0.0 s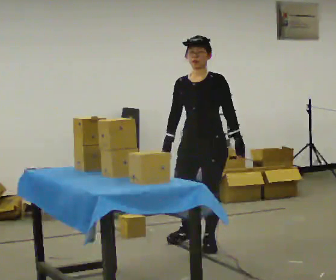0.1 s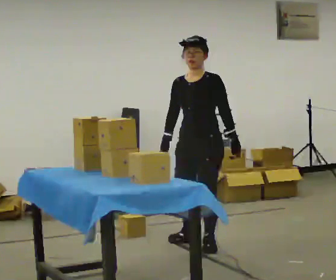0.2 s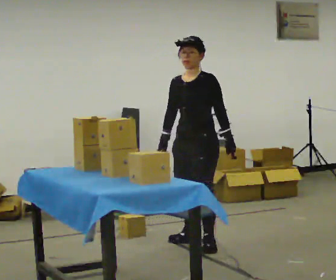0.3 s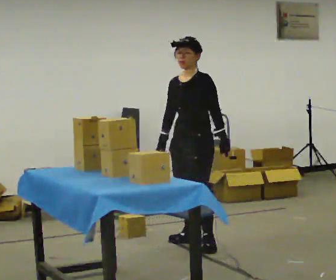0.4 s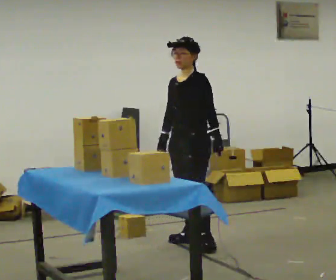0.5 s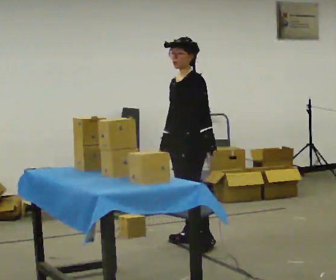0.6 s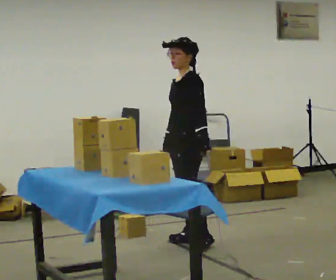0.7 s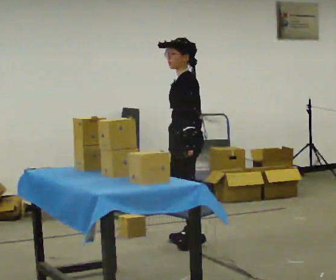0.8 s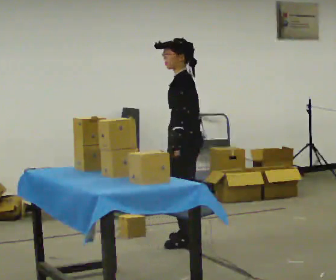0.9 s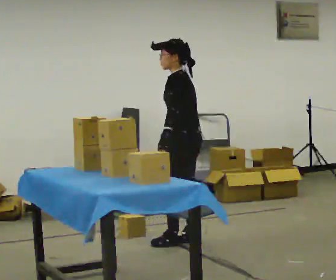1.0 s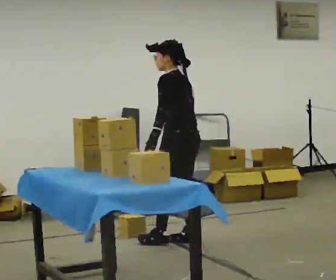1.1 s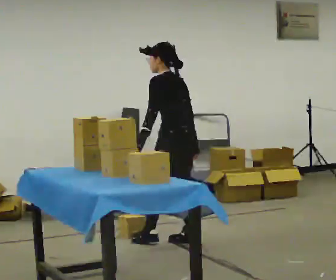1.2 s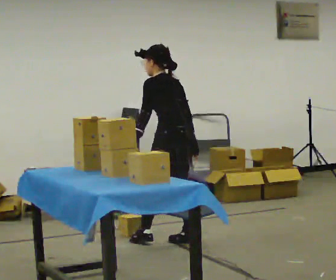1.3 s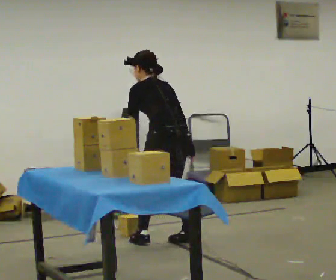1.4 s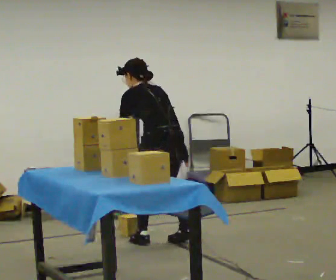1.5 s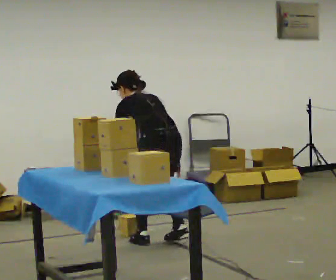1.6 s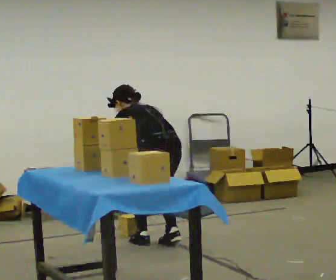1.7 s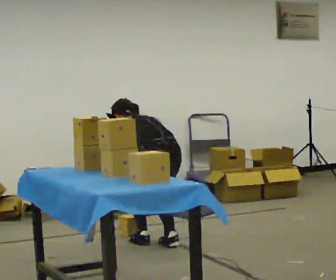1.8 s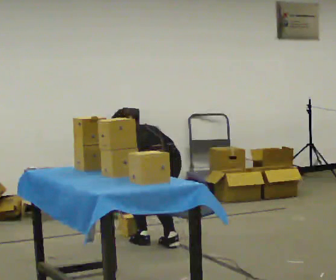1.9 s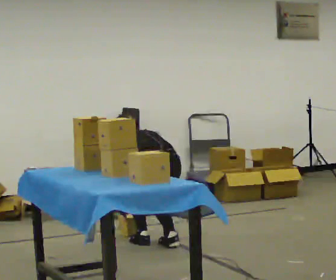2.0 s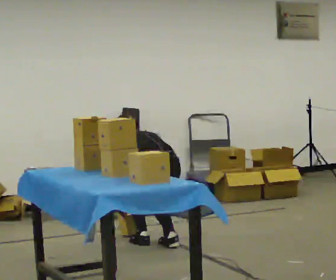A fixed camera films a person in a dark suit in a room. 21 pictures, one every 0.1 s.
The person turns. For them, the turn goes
to their right.
Their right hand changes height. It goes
downward.
0.0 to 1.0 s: Seen from above the body turns clockwise, about 90 degrees: to their right, with its near side sliding to the left. In the picture they go away from the camera and to the left, about 0.25 m in 1 step.
1.0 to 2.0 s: The person turns about 45 degrees to their right, clockwise seen from above, so the part of the body nearest the lens slides to the left. In the picture they go to the left, about 0.25 m in 1 step, which for them is to their left. The upper body goes downward. The upper body tips away from the camera, its near side rolling upward, as they bend forward. In the picture their left hand goes downward and to the left.
The film runs backward here.
